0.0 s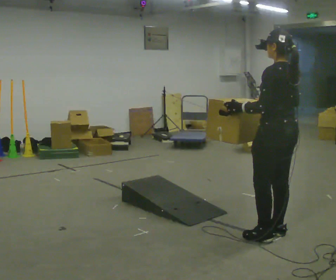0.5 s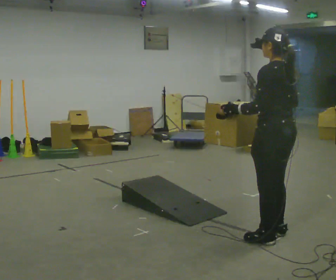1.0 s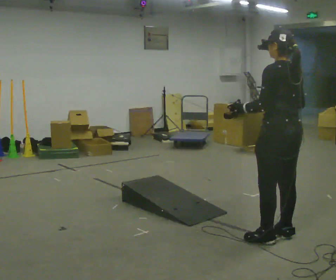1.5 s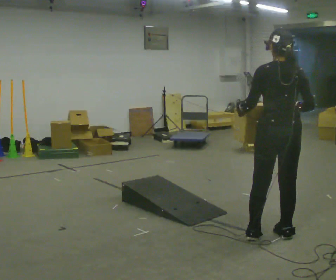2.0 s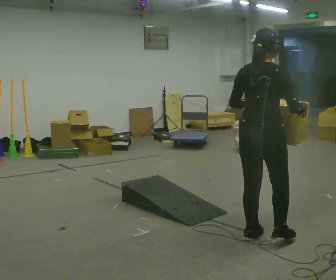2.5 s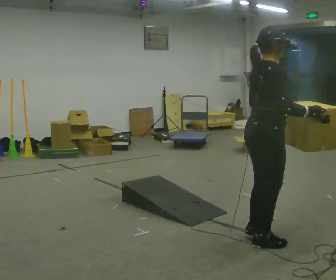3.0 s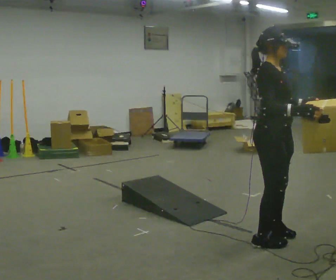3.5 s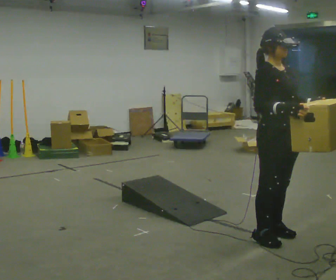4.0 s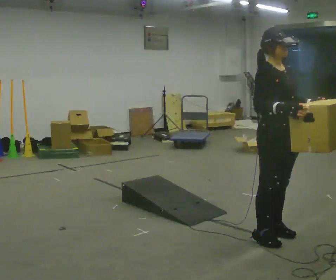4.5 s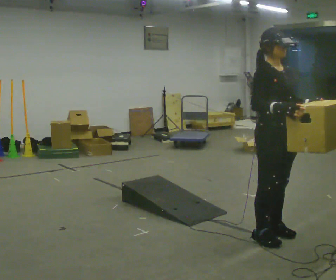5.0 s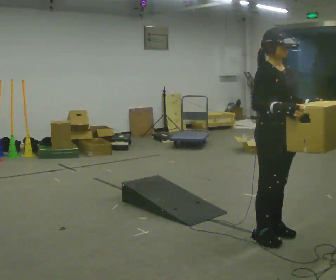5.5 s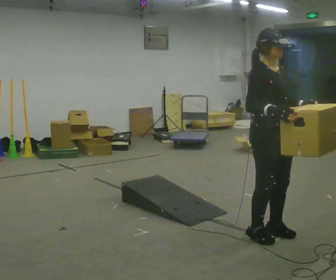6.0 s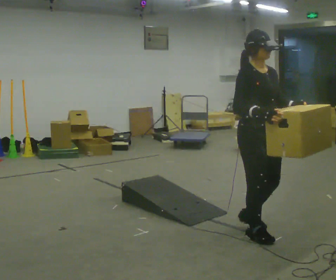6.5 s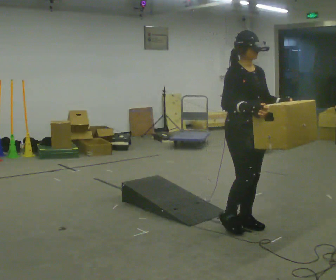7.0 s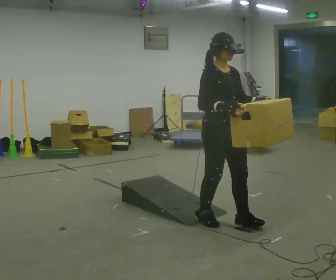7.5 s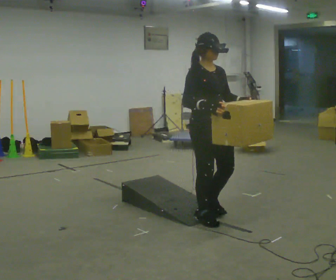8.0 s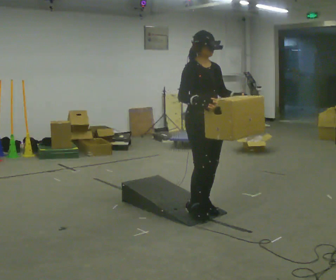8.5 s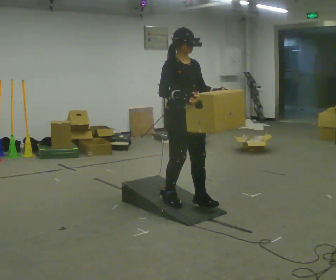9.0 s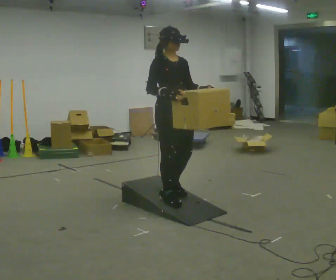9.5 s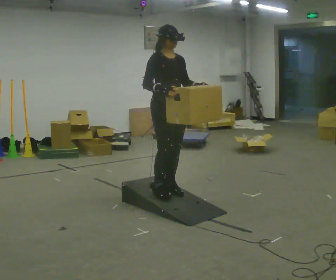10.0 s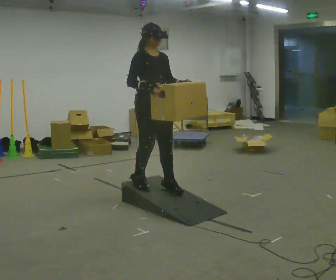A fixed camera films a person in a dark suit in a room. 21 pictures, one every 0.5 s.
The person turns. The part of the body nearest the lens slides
to the left.
The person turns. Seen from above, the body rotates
clockwise.
0.0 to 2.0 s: The person turns about 75 degrees to their right, clockwise seen from above, so the part of the body nearest the lens slides to the left.
2.0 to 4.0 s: Seen from above the body turns clockwise, about 120 degrees: to their right, with its near side sliding to the left. In the picture their left hand goes to the right.
4.0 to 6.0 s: The person moves a little, or ends about where they began.
6.0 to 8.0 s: In the picture they go away from the camera and to the left, about 0.75 m in 3 steps, which for them is backward.
8.0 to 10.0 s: In the picture they go to the left and away from the camera, about 0.5 m in 2 steps, which for them is backward.
The film runs backward here.
